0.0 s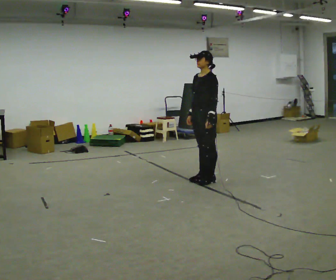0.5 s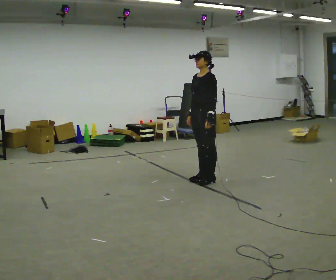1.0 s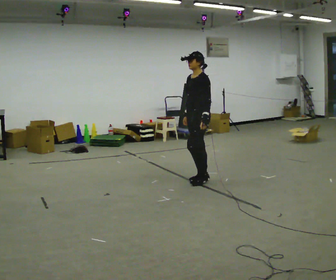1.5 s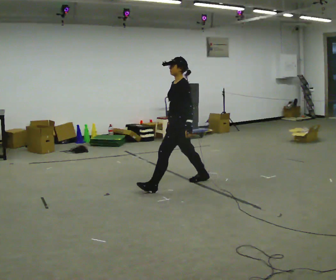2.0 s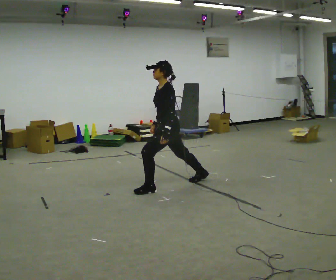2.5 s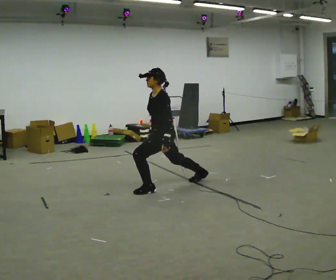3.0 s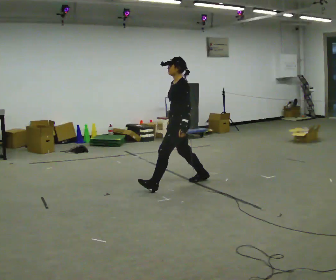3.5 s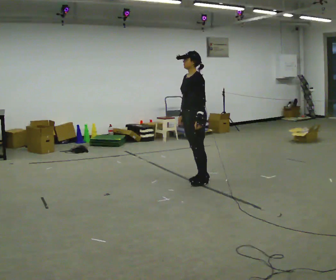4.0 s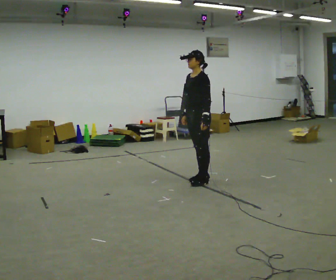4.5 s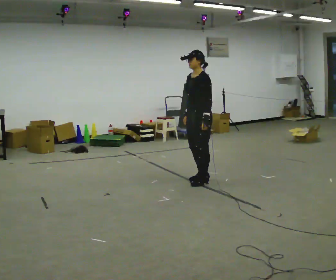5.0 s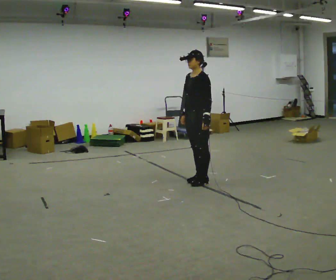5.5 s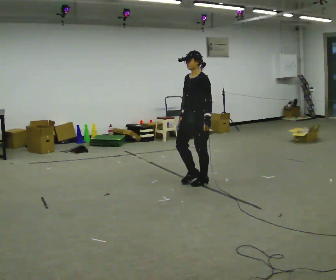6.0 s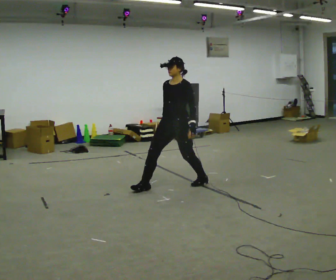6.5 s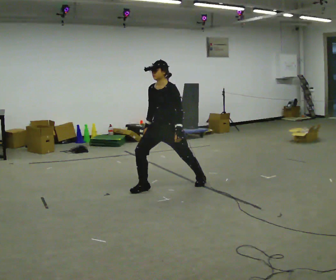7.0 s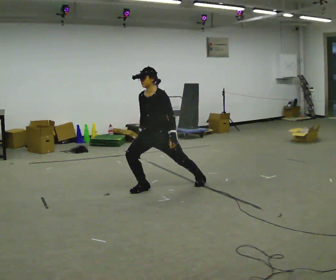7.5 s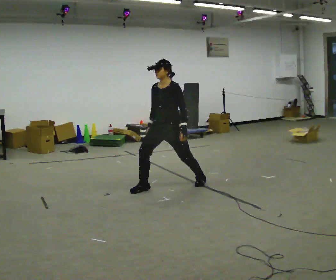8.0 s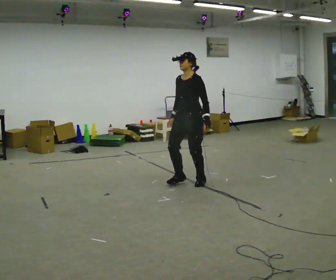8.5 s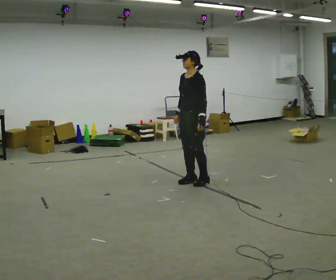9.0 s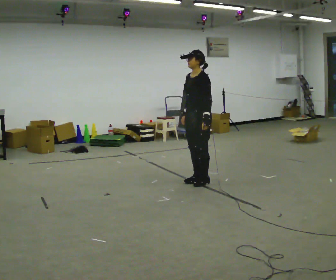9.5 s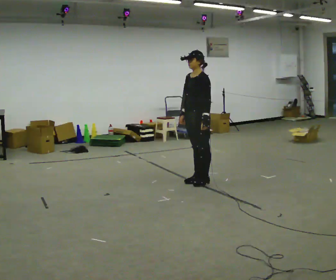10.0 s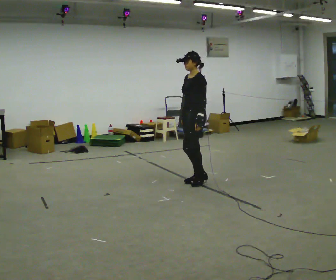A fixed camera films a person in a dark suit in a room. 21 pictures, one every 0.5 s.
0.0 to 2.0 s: In the picture they go to the left and toward the camera, about 0.5 m in 1 step, which for them is forward.
2.0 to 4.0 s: In the picture they go to the right and away from the camera, about 0.5 m in 1 step, which for them is backward.
4.0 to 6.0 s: The person turns about 30 degrees to their left, counterclockwise seen from above, so the part of the body nearest the lens slides to the right. In the picture they go to the left and toward the camera, about 0.25 m in 1 step, which for them is forward.
6.0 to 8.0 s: In the picture they go to the right, about 0.25 m, which for them is backward.
8.0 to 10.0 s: The person moves a little, or ends about where they began.
The film runs forward here.
